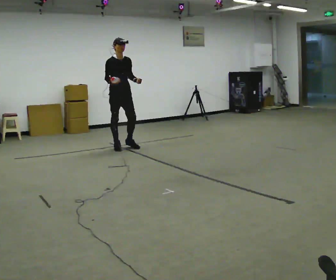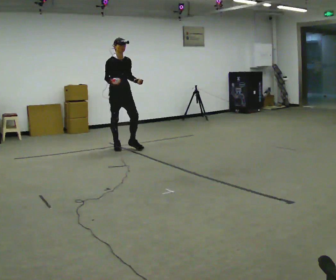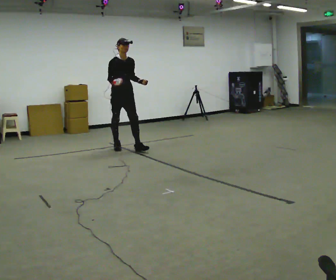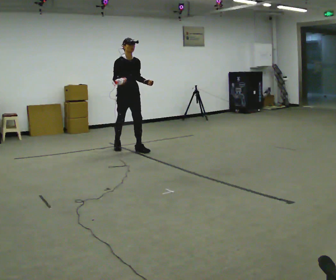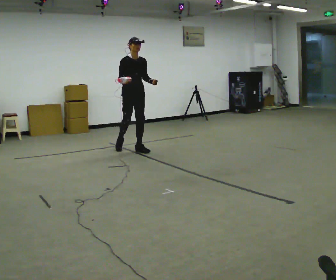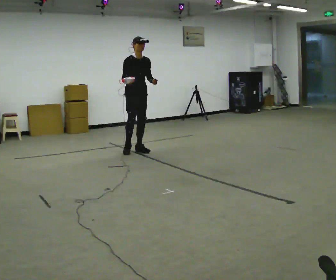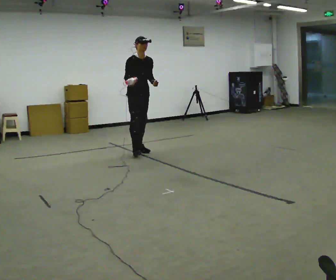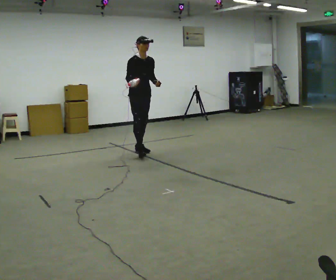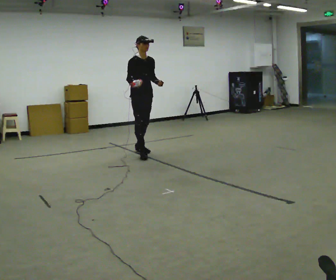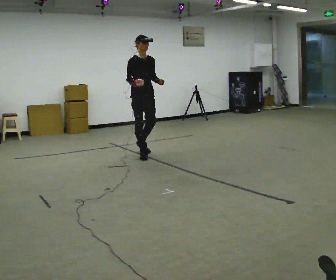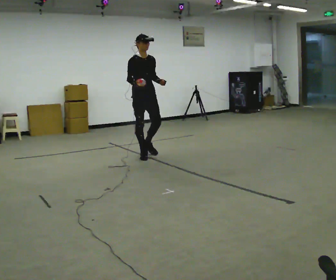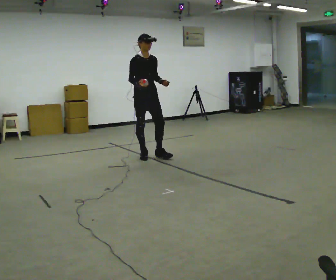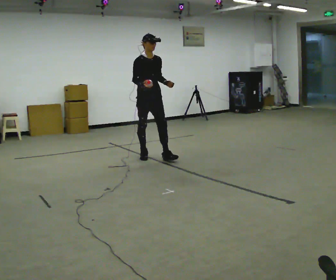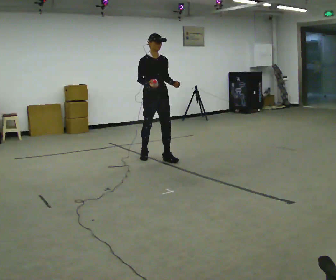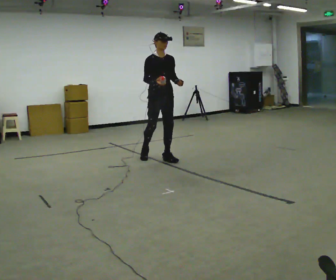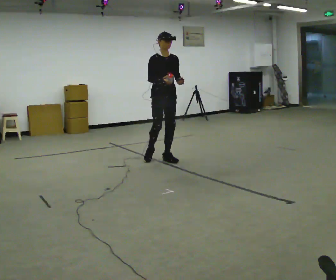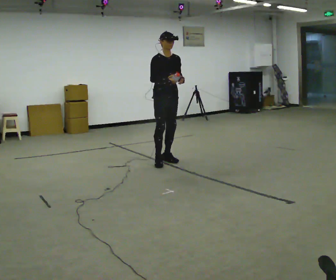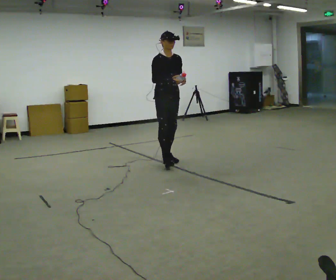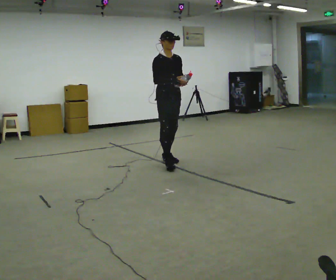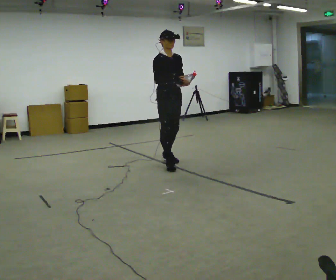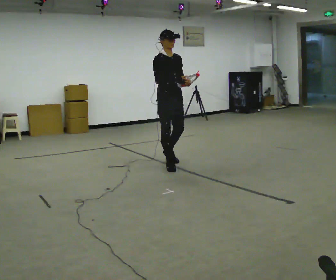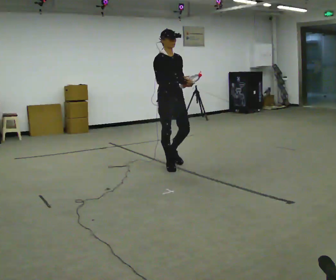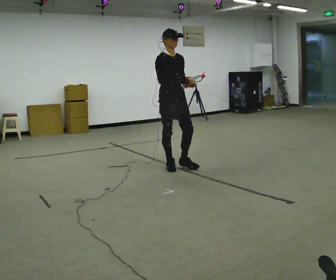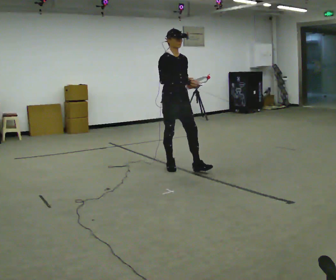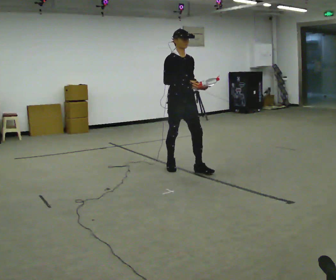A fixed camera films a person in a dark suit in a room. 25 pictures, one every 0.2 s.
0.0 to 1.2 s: In the picture they go to the right and toward the camera, about 0.25 m in 1 step, which for them is forward and to their left.
1.2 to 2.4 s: In the picture they go toward the camera, about 0.5 m in 2 steps, which for them is forward.
2.4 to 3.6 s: In the picture they go toward the camera and to the right, about 0.5 m in 1 step, which for them is forward.
3.6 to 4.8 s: In the picture they go toward the camera, about 0.5 m in 1 step, which for them is forward.
The film runs forward here.
